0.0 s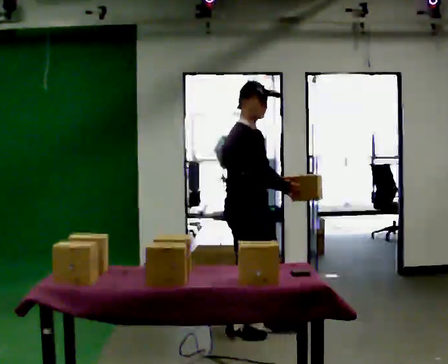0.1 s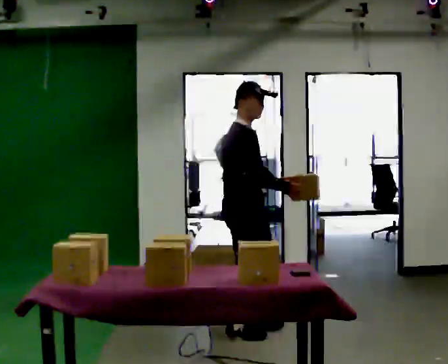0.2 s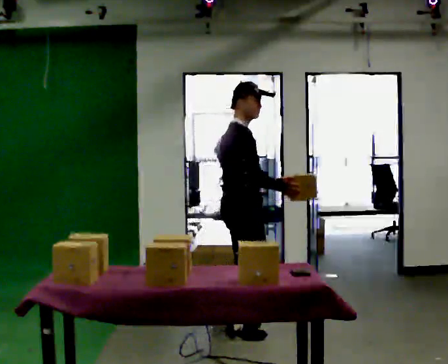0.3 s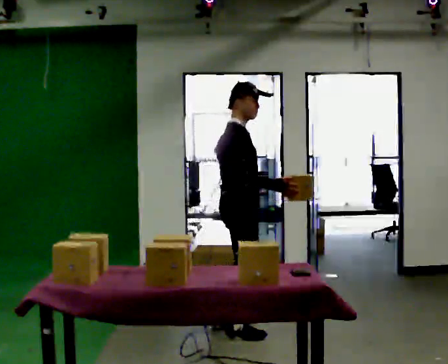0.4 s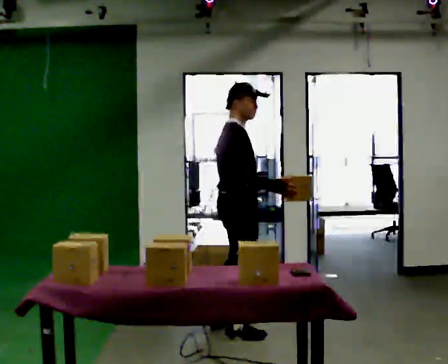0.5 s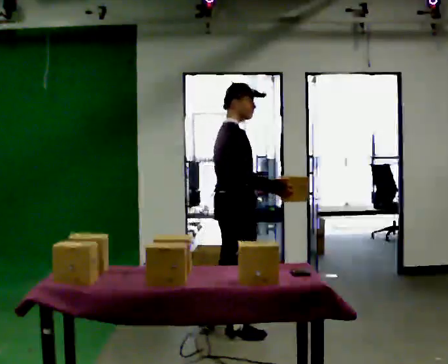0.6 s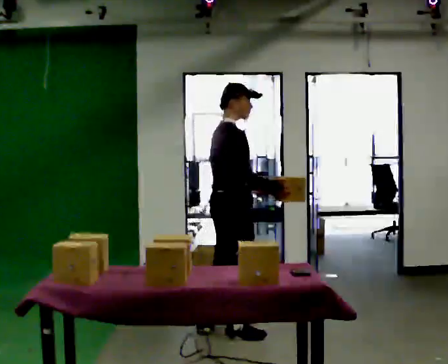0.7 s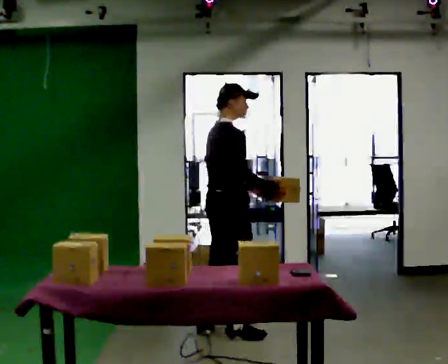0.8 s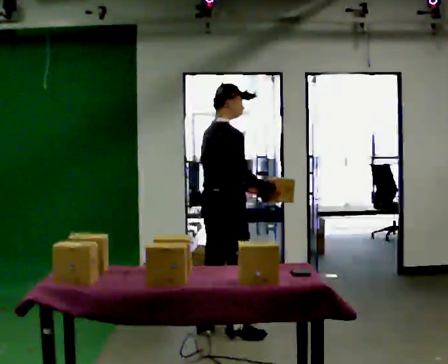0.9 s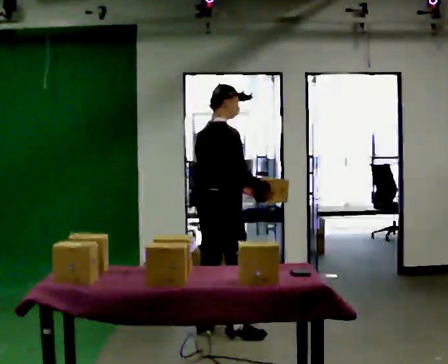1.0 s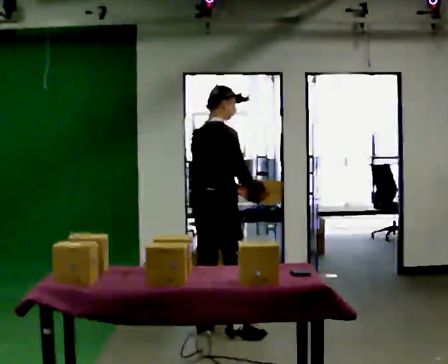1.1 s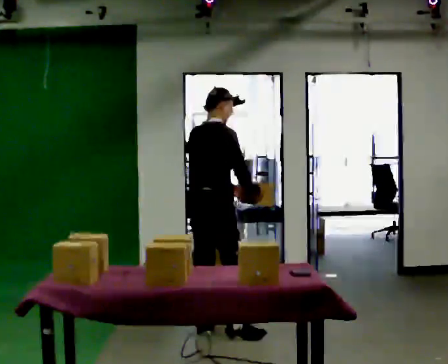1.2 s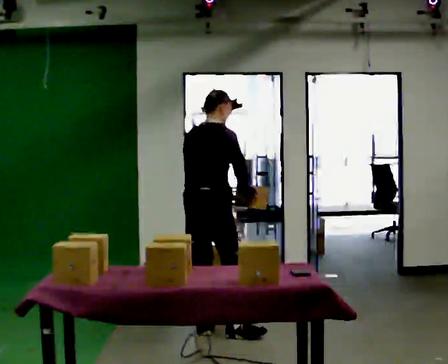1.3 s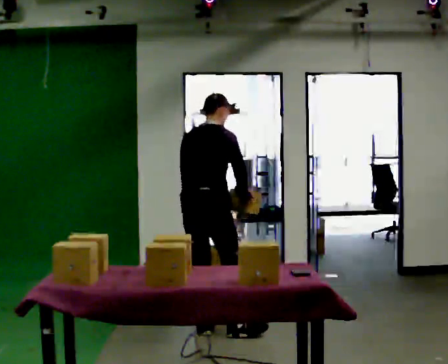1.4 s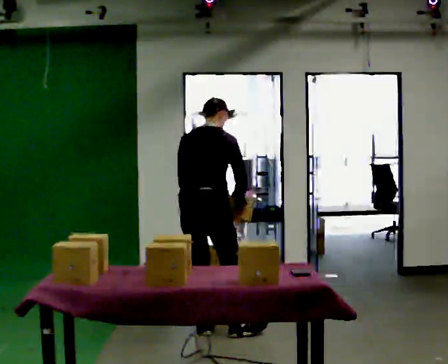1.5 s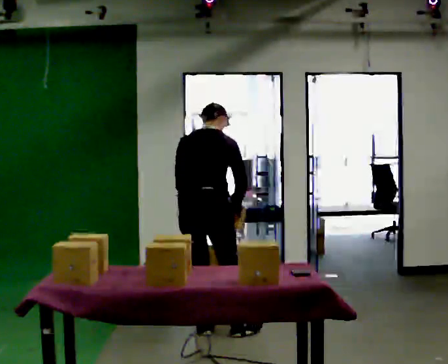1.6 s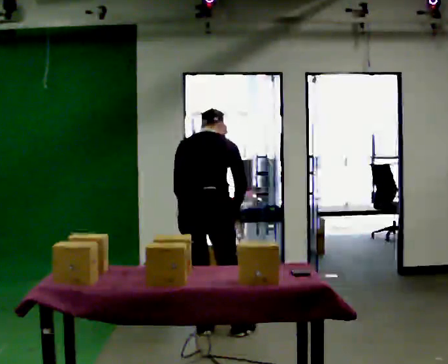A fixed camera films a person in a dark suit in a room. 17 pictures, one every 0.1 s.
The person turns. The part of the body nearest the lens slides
to the right.
The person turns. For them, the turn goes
to their left.
0.0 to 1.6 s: The person turns about 90 degrees to their left, counterclockwise seen from above, so the part of the body nearest the lens slides to the right. In the picture they go to the left, about 0.25 m. The upper body tips away from the camera, its near side rolling upward, as they bend forward.
The film runs backward here.
